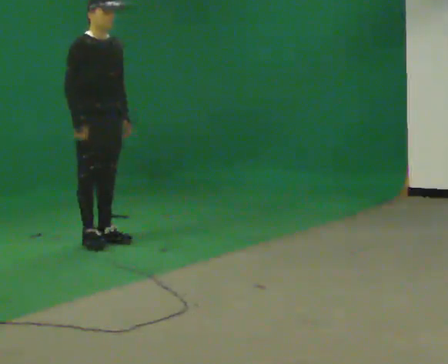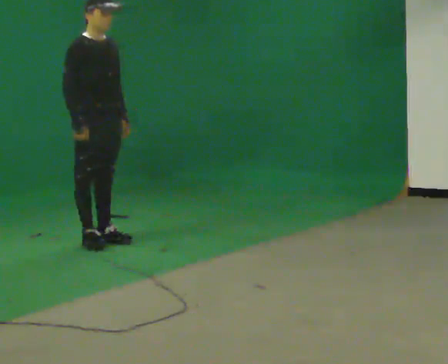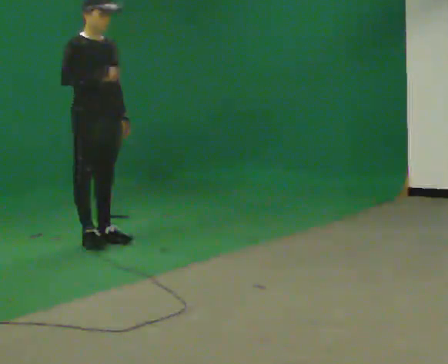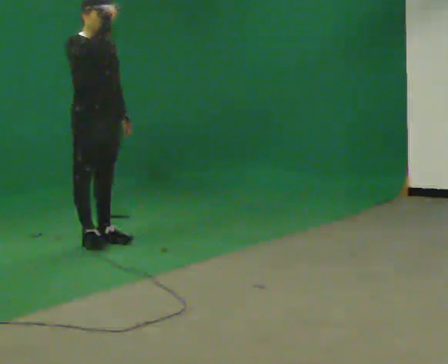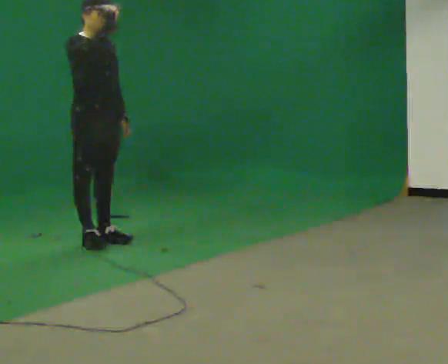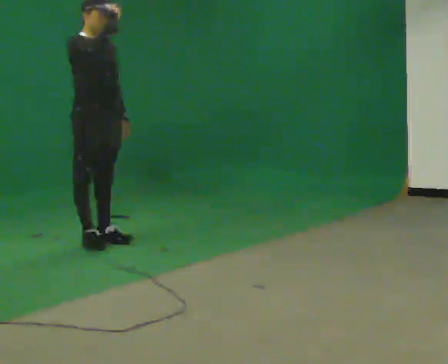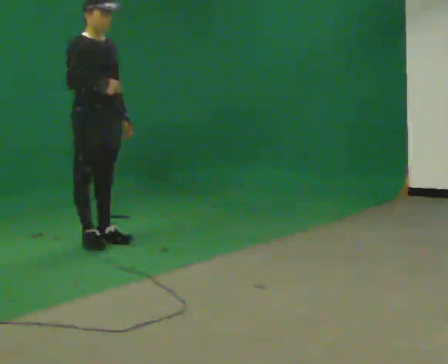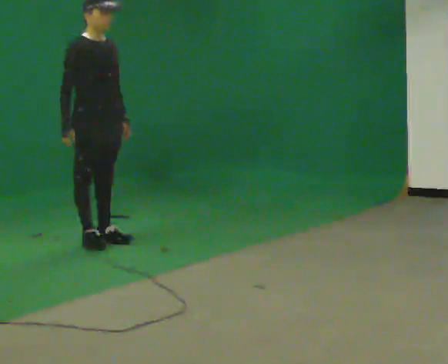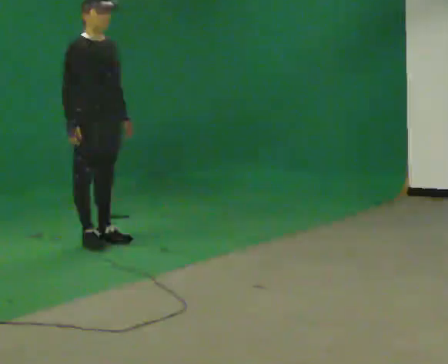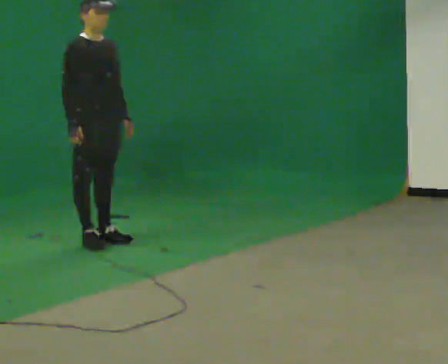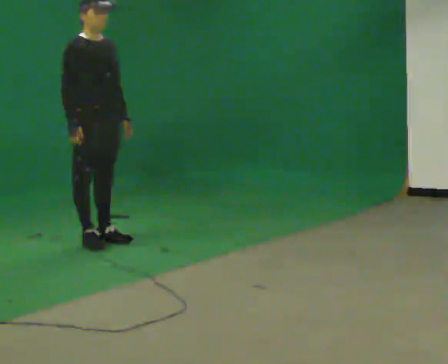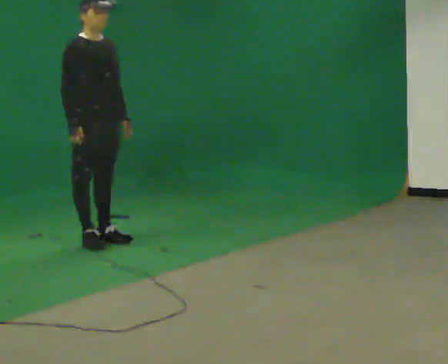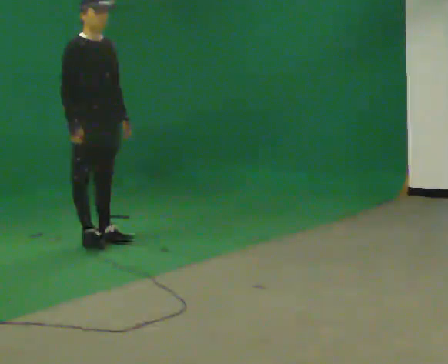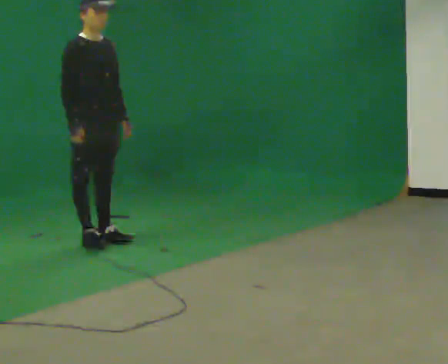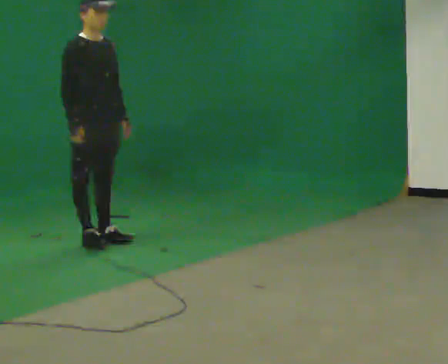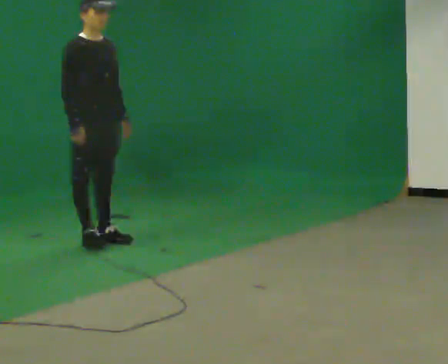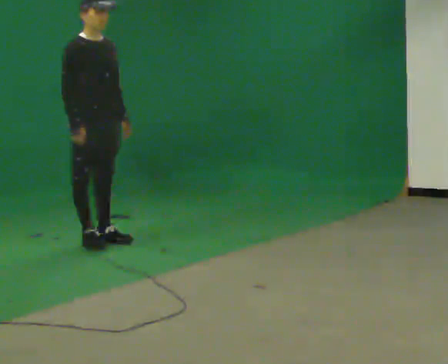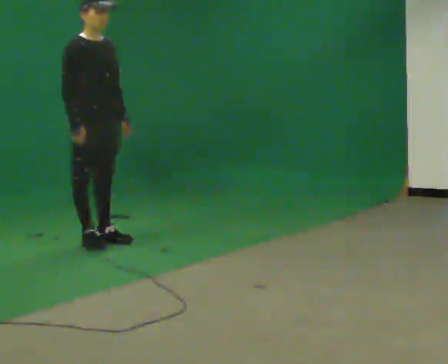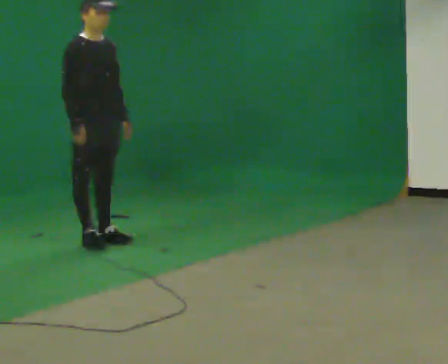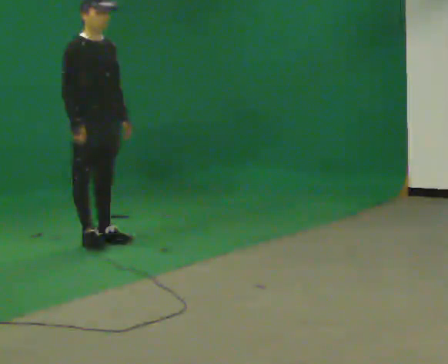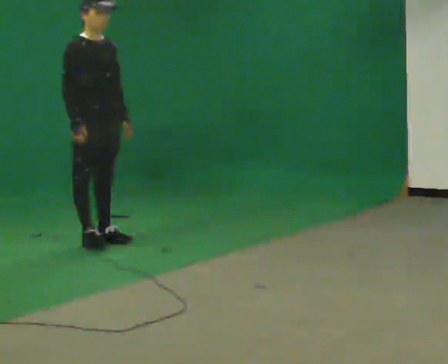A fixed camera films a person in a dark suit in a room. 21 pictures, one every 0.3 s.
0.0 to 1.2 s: In the picture their right hand goes upward.
1.2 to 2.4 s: In the picture their right hand goes downward.
2.4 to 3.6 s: The person moves a little, or ends about where they began.
3.6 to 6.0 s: The person keeps their place and pose.
The film runs forward here.
